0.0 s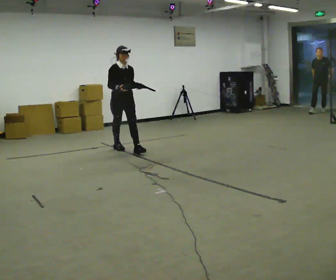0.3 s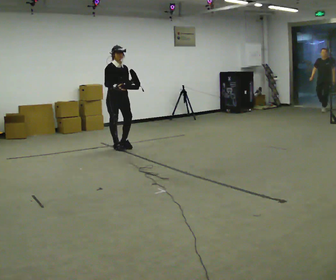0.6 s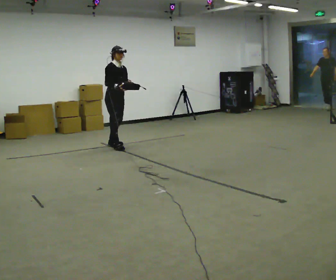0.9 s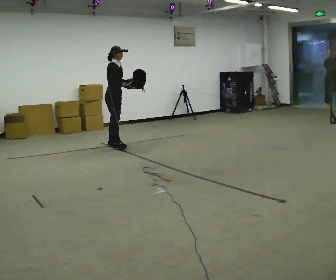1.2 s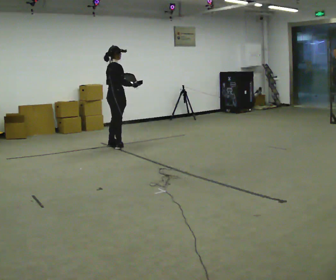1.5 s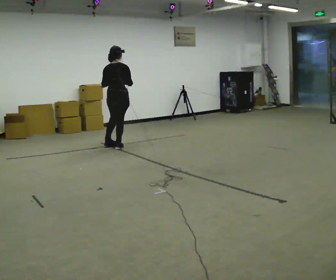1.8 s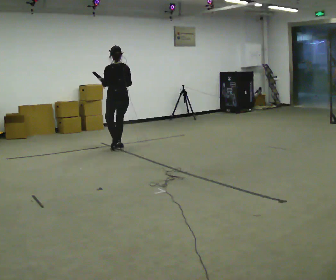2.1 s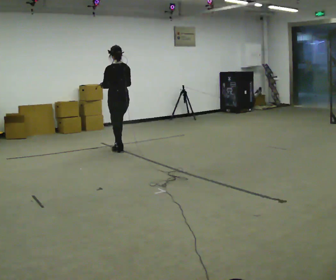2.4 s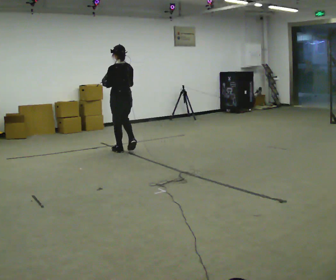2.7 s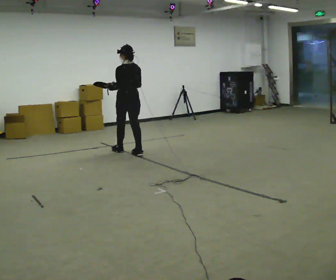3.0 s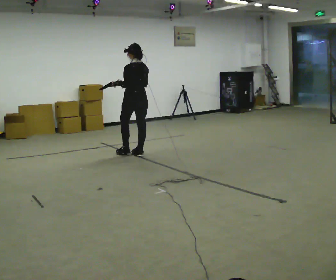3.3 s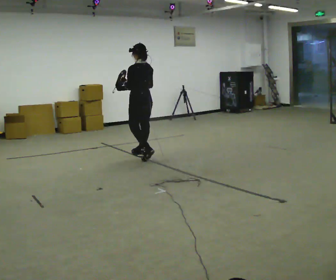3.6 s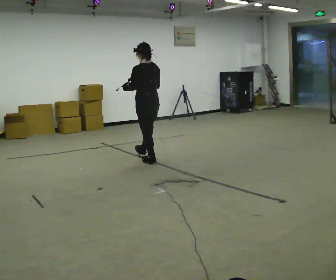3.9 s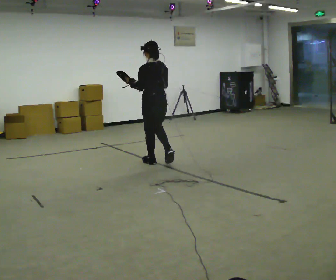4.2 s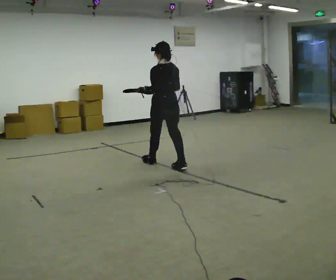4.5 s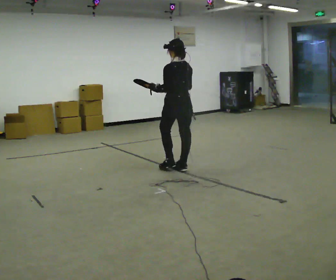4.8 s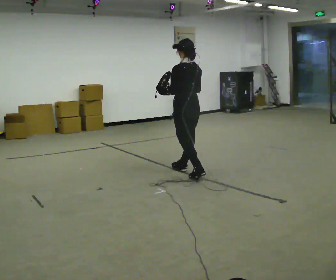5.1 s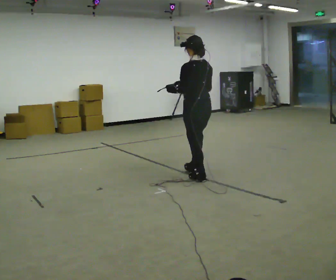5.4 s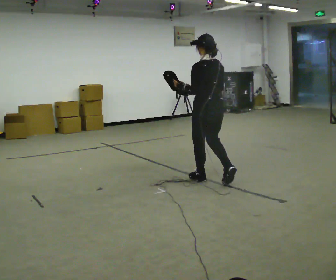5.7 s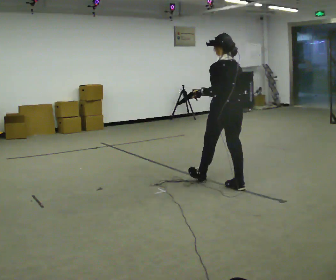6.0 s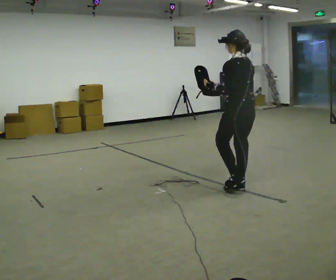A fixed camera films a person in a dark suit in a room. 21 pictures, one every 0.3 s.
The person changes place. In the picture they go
toward the camera.
0.0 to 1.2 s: Seen from above the body turns counterclockwise, about 90 degrees: to their left, with its near side sliding to the right. In the picture they go away from the camera, about 0.25 m.
1.2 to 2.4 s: The person turns about 90 degrees to their left, counterclockwise seen from above, so the part of the body nearest the lens slides to the right. In the picture they go toward the camera, about 0.5 m in 2 steps.
2.4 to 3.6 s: In the picture they go toward the camera and to the right, about 0.5 m in 2 steps, which for them is backward.
3.6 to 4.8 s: In the picture they go toward the camera and to the right, about 1 m in 1 step, which for them is backward.
4.8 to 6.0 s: In the picture they go toward the camera and to the right, about 1 m in 2 steps, which for them is backward.
The film runs backward here.
